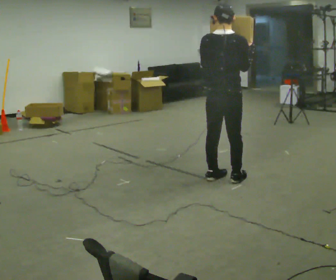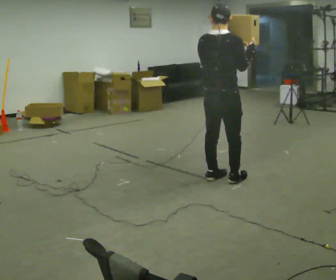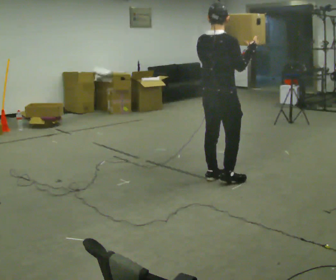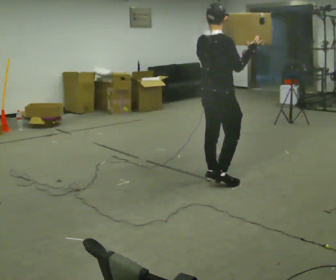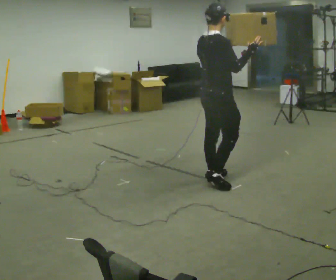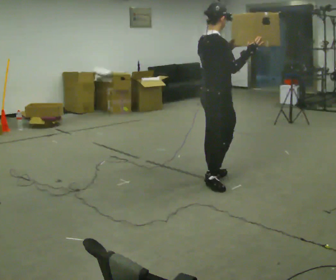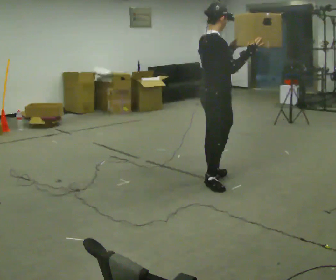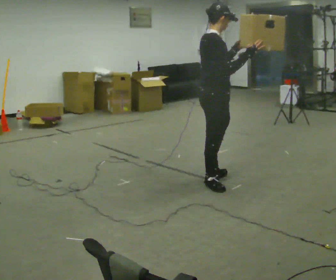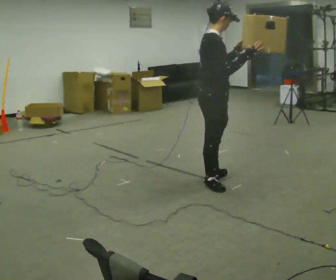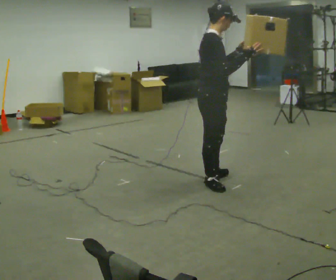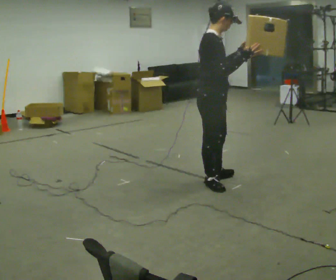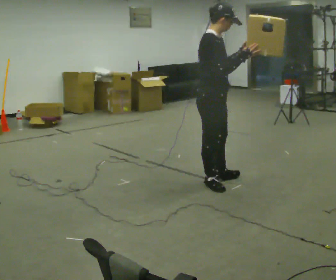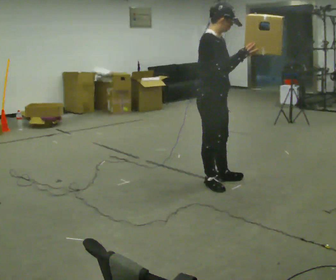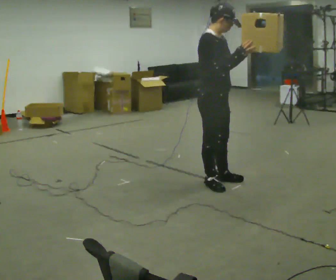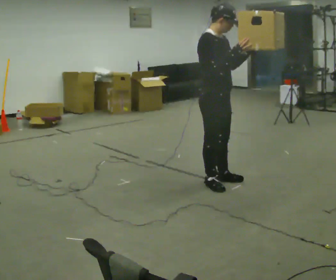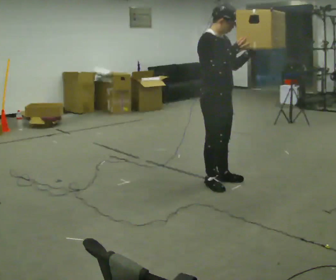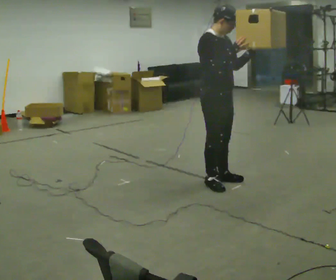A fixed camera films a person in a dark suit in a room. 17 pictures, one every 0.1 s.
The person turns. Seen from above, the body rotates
clockwise.
The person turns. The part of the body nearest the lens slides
to the left.
0.0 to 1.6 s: The part of the body nearest the lens slides to the left as the person turns to their right by about 105 degrees. In the picture their left hand goes to the right.
The film runs backward here.
